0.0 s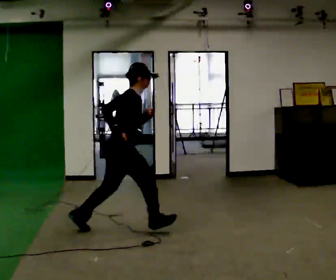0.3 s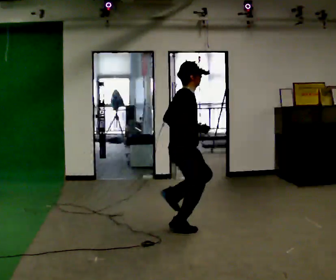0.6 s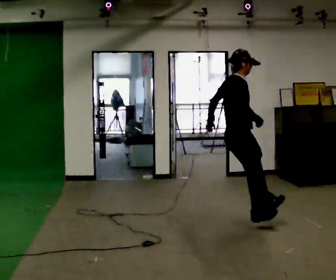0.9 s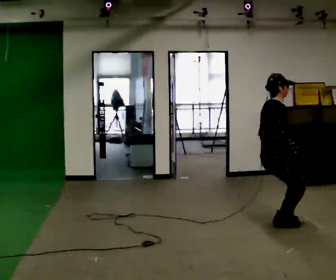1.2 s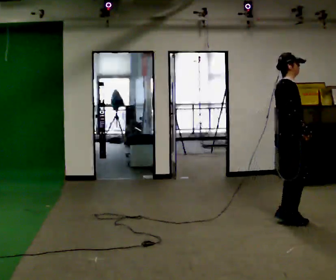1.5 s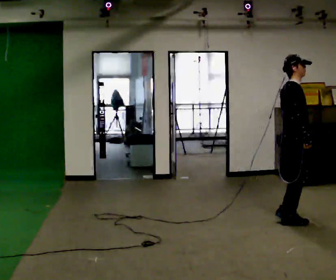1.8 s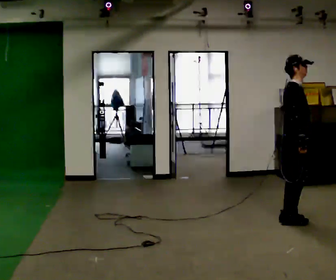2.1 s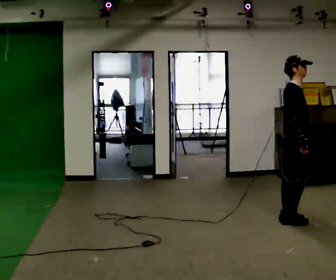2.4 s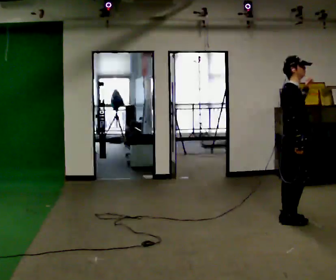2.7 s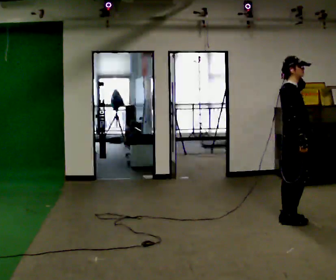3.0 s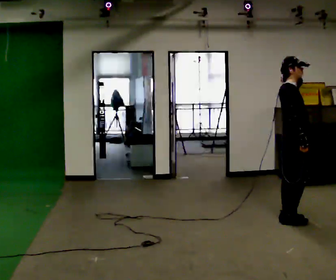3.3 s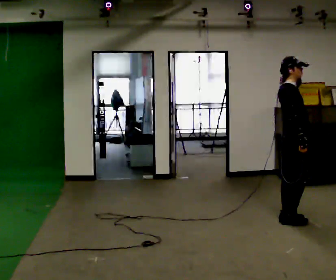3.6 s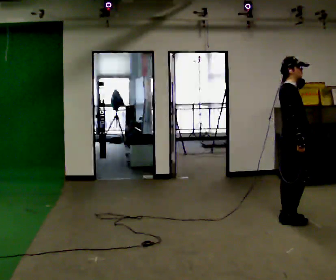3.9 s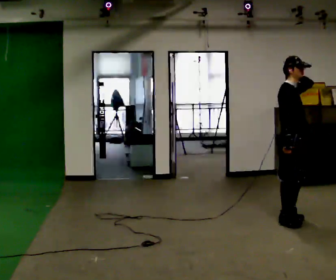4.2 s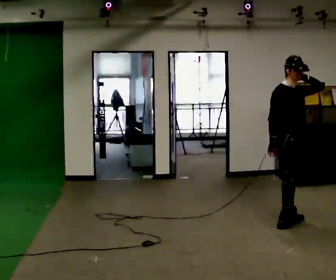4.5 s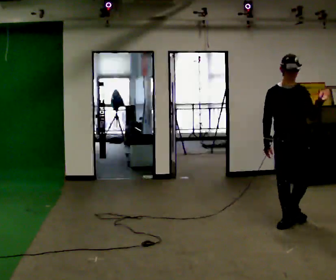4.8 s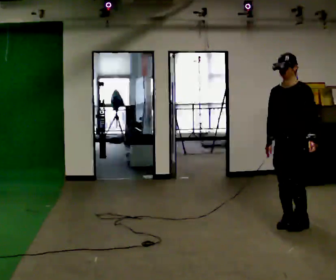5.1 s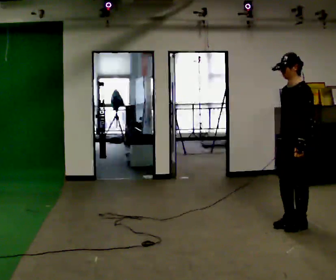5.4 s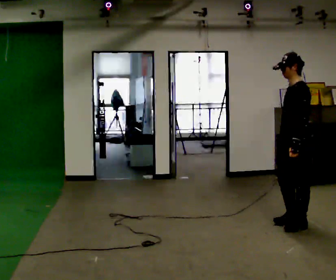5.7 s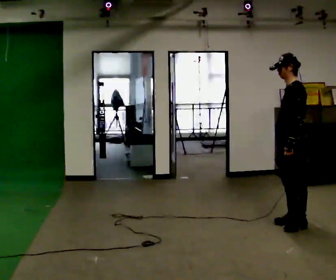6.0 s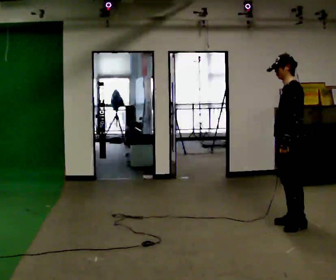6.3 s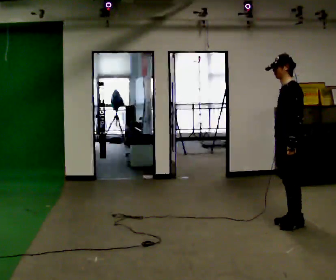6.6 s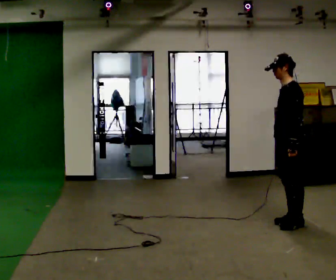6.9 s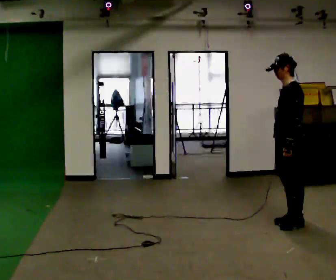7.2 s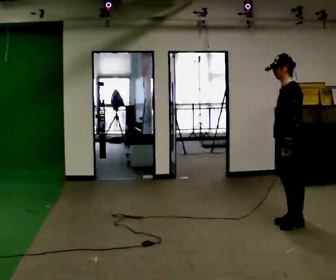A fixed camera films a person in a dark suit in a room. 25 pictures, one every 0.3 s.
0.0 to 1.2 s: In the picture they go to the right, about 1.5 m in 2 steps, which for them is forward. In the picture the upper body tilts counterclockwise, shoulders to the left.
1.2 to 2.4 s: In the picture their left hand goes upward.
2.4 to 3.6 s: The person moves a little, or ends about where they began.
3.6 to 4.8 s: The part of the body nearest the lens slides to the left as the person turns to their right by about 120 degrees. In the picture their left hand goes downward.
4.8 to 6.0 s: The person turns about 45 degrees to their right, clockwise seen from above, so the part of the body nearest the lens slides to the left.
6.0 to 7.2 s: The person moves a little, or ends about where they began.
The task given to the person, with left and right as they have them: Take a few running steps and leap forward as far as is comfortable; land on both feet. Repeat the movement at your own pace until the operator says stop; do not rush.
The film runs forward here.
